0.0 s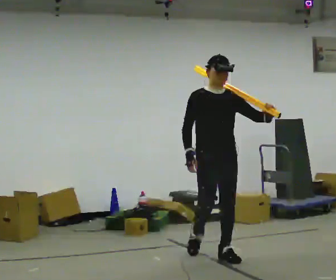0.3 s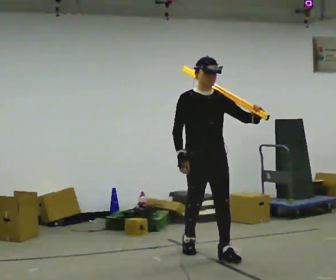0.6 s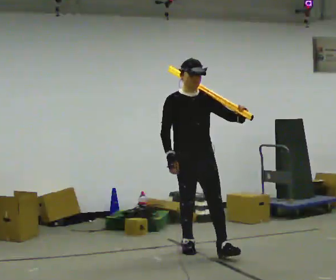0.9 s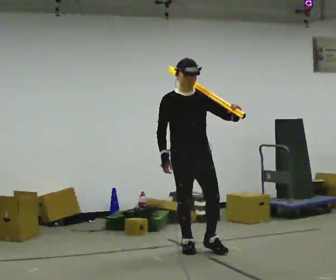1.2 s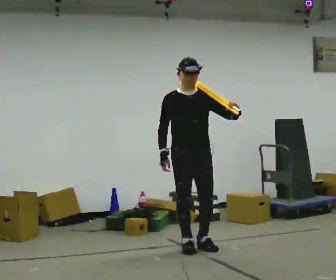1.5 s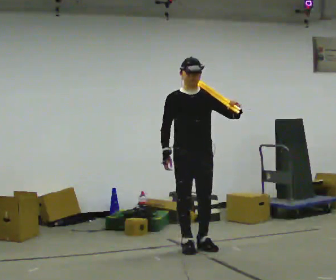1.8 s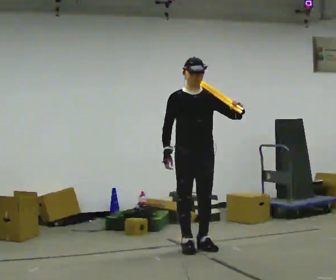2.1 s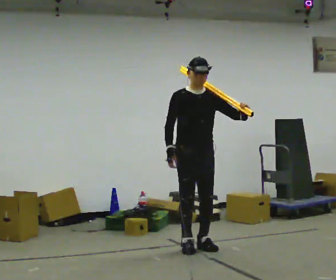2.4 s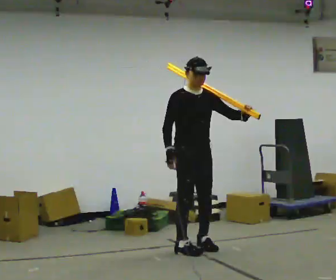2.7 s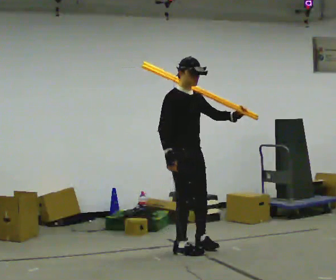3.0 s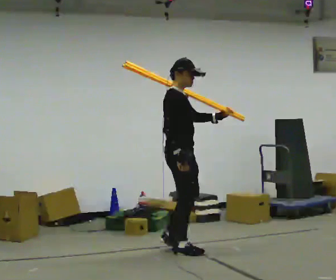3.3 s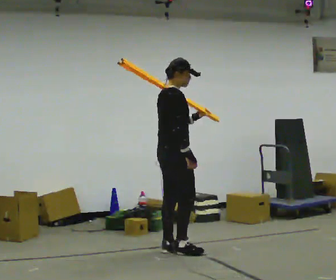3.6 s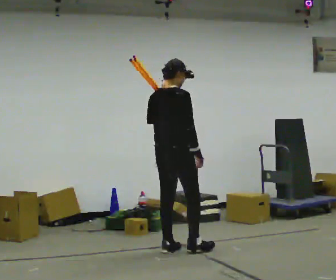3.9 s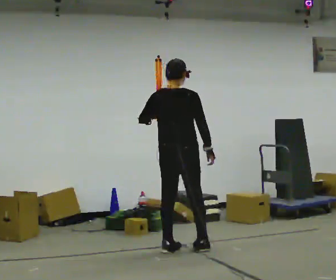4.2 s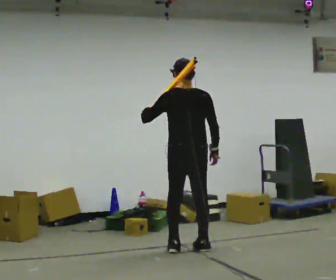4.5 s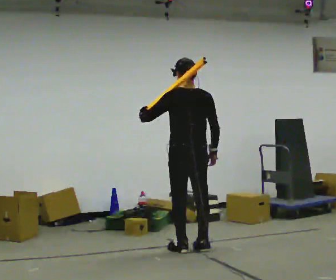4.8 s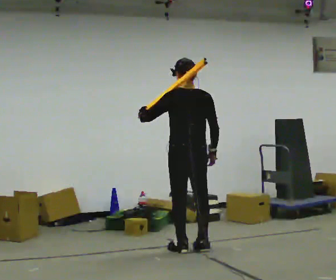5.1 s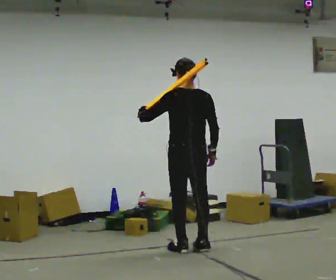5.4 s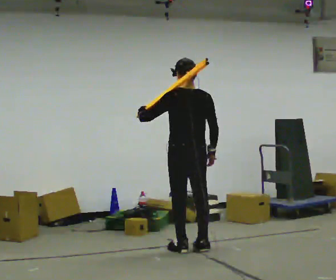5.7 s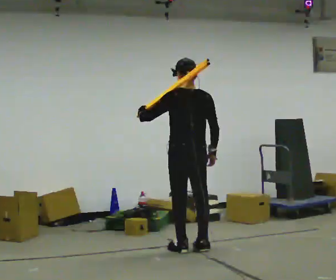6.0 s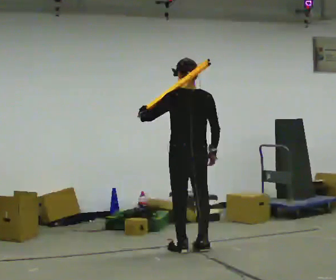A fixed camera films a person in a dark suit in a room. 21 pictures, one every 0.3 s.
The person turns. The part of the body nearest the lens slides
to the right.
The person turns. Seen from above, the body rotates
counterclockwise.
0.0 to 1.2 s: In the picture they go away from the camera and to the left, about 0.5 m in 1 step, which for them is backward.
1.2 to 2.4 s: The person moves a little, or ends about where they began.
2.4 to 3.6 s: The part of the body nearest the lens slides to the right as the person turns to their left by about 105 degrees. In the picture they go to the left, about 0.25 m in 2 steps. In the picture their left hand goes to the left.
3.6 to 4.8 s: Seen from above the body turns counterclockwise, about 60 degrees: to their left, with its near side sliding to the right. In the picture they go to the right, about 0.25 m in 1 step.
4.8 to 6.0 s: The person keeps their place and pose.
The film runs backward here.
